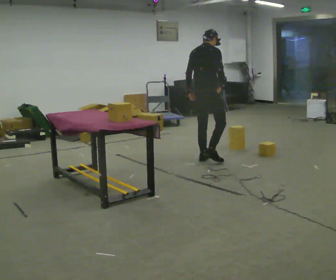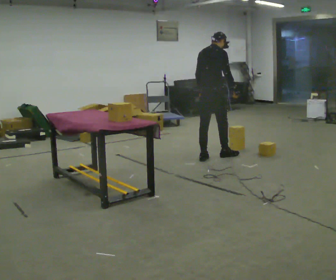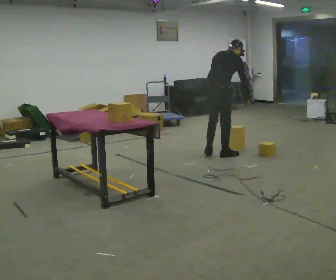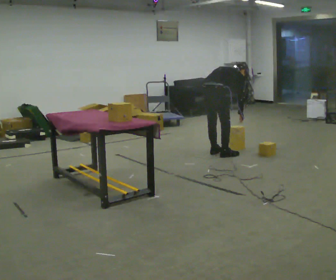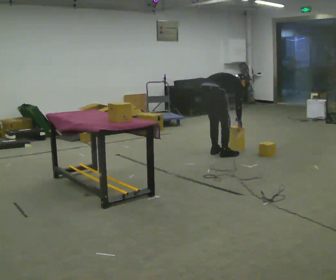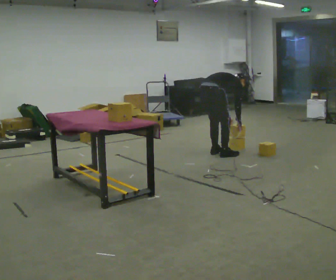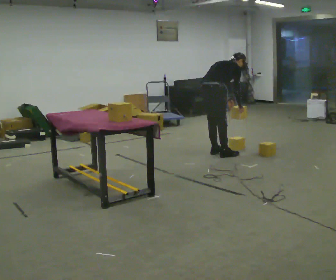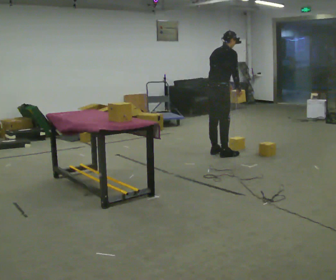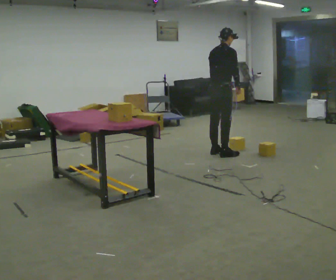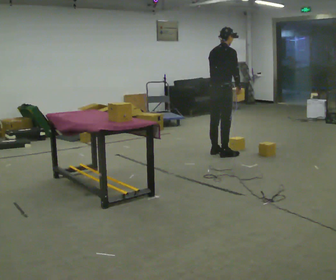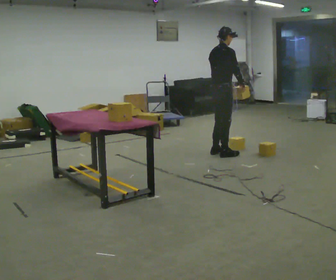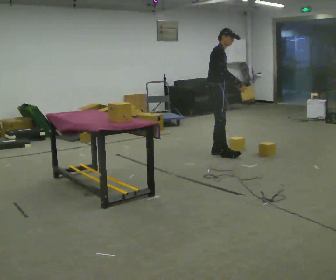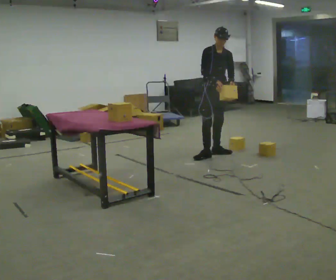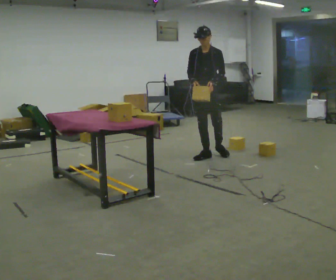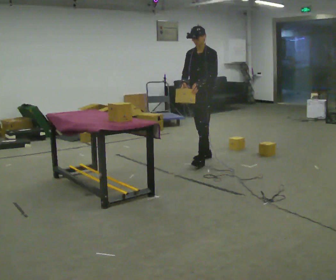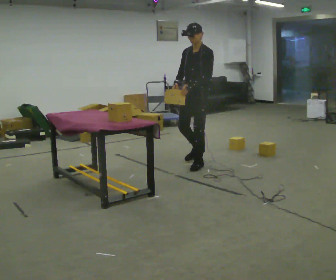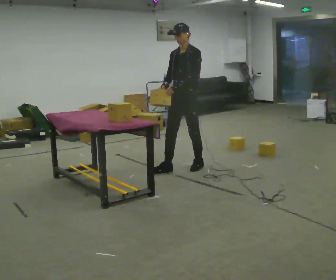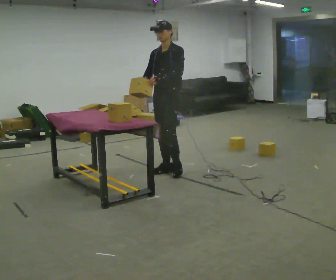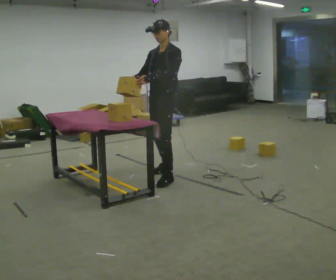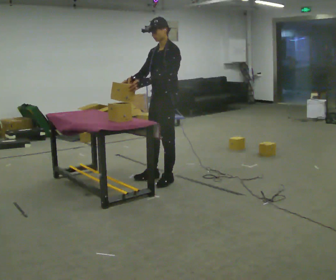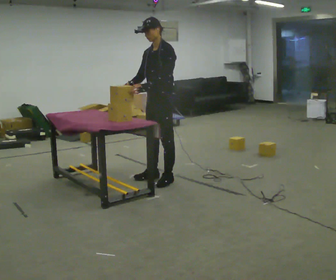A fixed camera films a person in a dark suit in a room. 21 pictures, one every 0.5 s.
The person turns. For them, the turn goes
to their right.
The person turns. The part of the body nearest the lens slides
to the left.
0.0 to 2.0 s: In the picture they go away from the camera, about 0.25 m in 2 steps, which for them is forward. The shoulders move downward. In the picture the upper body tilts clockwise, shoulders to the right, as they bend forward. In the picture their right hand goes downward.
2.0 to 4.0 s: The shoulders move upward. In the picture the upper body tilts counterclockwise, shoulders to the left, as they lean back or straighten. In the picture their left hand goes upward.
4.0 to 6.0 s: The part of the body nearest the lens slides to the left as the person turns to their right by about 105 degrees. In the picture their right hand goes to the left.
6.0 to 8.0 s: The person turns about 60 degrees to their right, clockwise seen from above, so the part of the body nearest the lens slides to the left. In the picture they go toward the camera and to the left, about 1 m in 2 steps.
8.0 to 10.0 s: In the picture they go toward the camera and to the left, about 0.5 m in 2 steps, which for them is forward.
The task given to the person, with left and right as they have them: Carry the box over and put it on the shelf with the label facing out towards you. Get the orientation right, not just the position. Keep going until the operator says stop; one object at a time, and do not rush between trips.
The film runs forward here.
